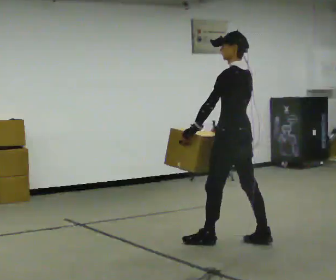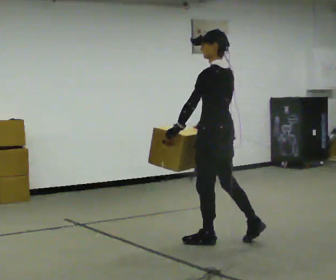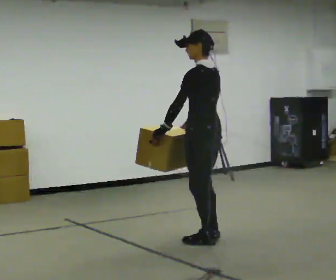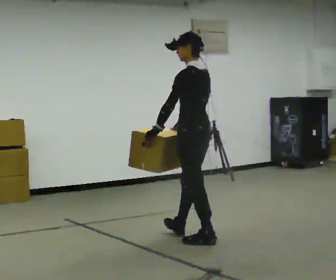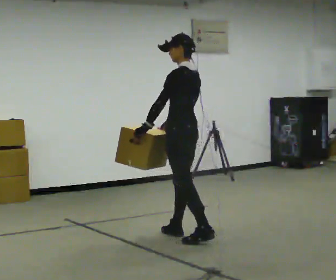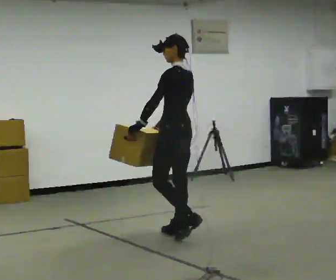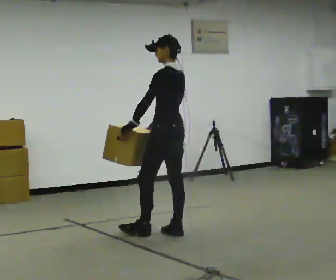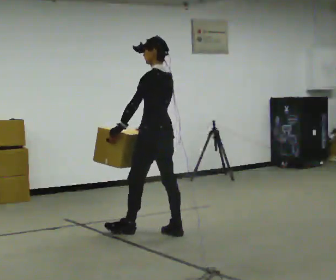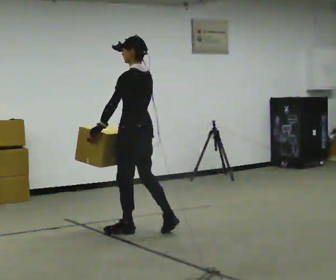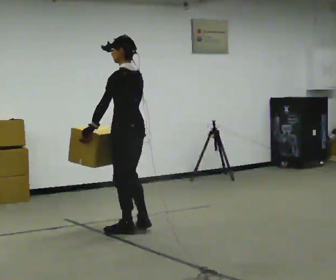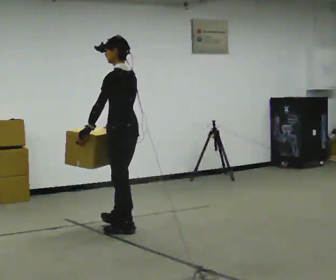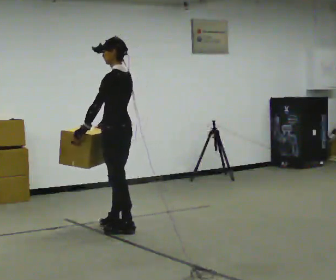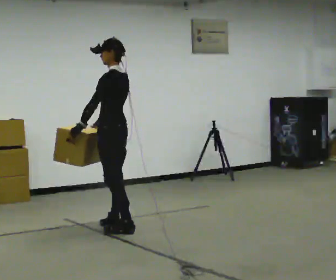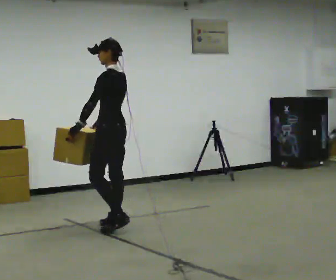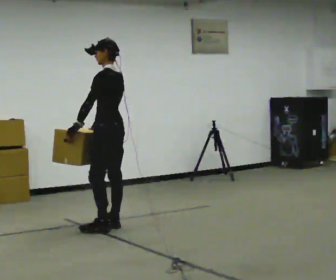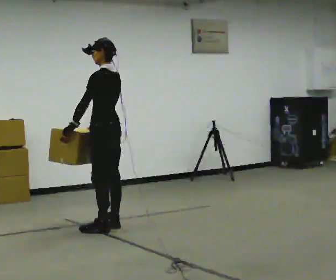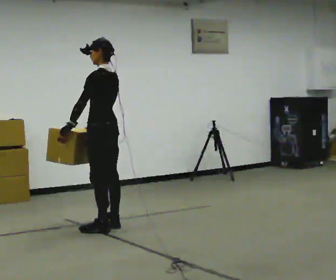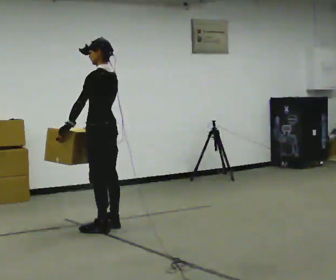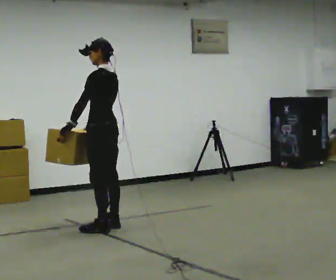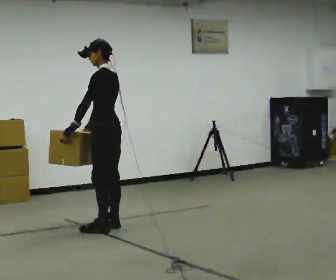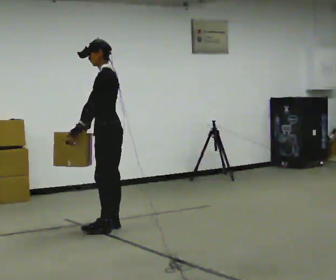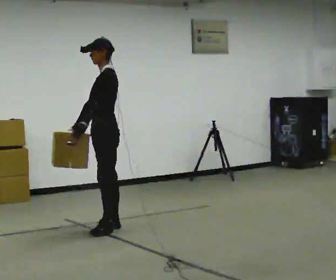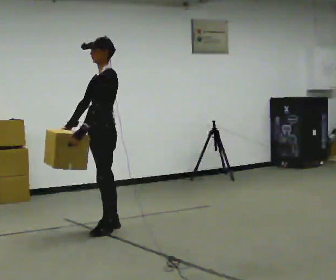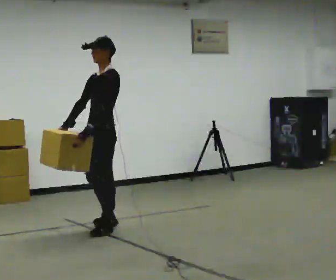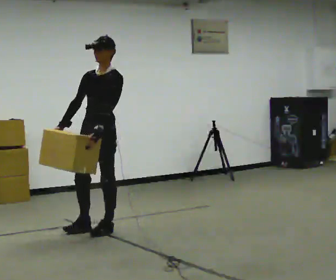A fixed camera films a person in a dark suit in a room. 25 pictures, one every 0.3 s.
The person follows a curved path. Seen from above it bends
counterclockwise.
The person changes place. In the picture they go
to the left.
0.0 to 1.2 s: In the picture they go to the left and away from the camera, about 0.5 m in 1 step, which for them is forward.
1.2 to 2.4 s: In the picture they go to the left and away from the camera, about 0.5 m in 1 step, which for them is forward.
2.4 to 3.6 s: In the picture they go to the left and away from the camera, about 0.25 m in 1 step, which for them is forward.
3.6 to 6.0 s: The person moves a little, or ends about where they began.
6.0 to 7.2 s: The part of the body nearest the lens slides to the right as the person turns to their left by about 60 degrees. In the picture they go toward the camera, about 0.25 m, which for them is to their left and forward.
The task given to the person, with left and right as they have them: Carry the heavy box in both hands in front of you, walking back and forth across the room. Keep walking until the operator says stop. Set it down if you need a rest.
The film runs forward here.
